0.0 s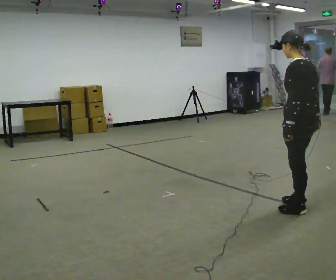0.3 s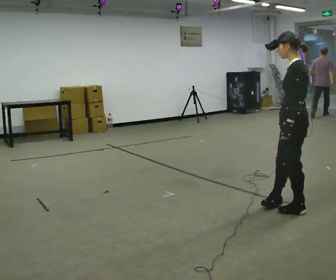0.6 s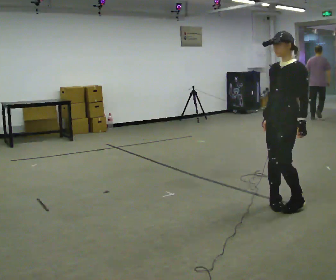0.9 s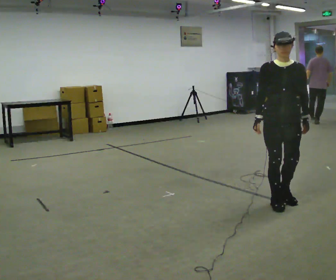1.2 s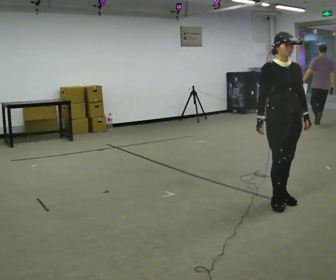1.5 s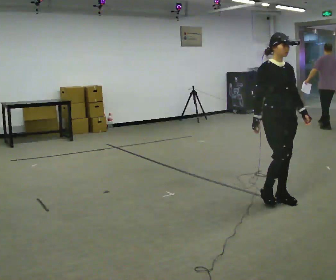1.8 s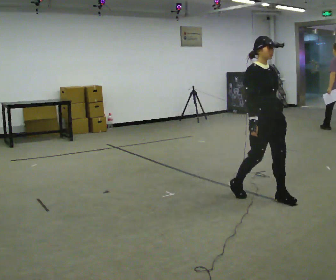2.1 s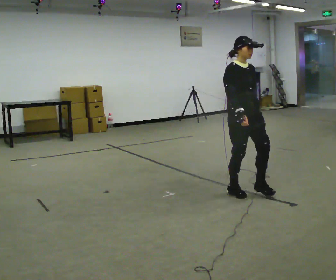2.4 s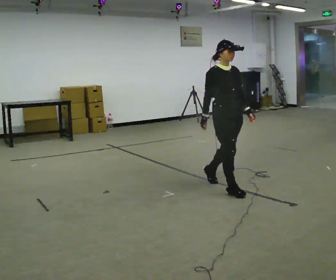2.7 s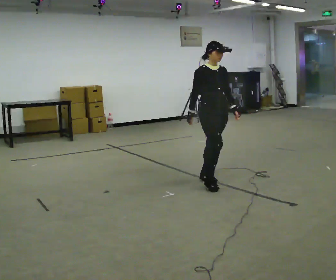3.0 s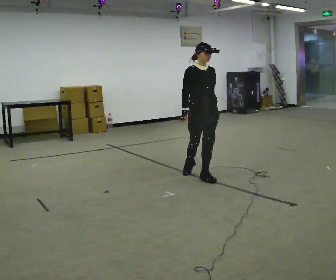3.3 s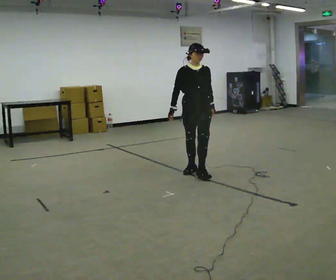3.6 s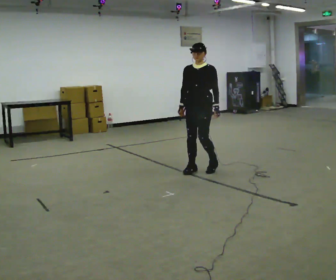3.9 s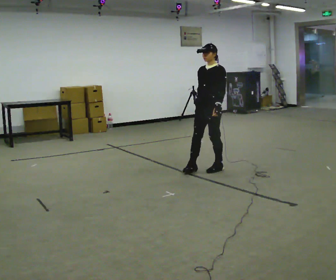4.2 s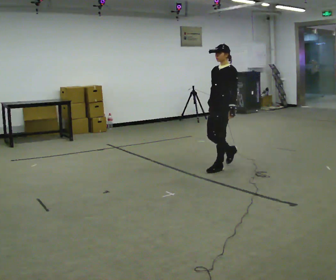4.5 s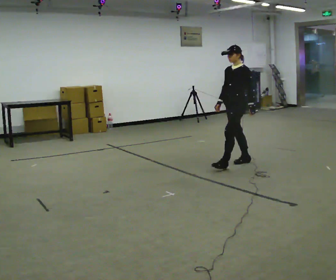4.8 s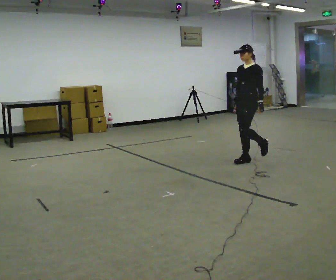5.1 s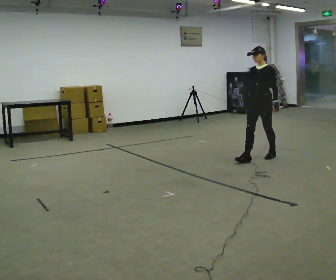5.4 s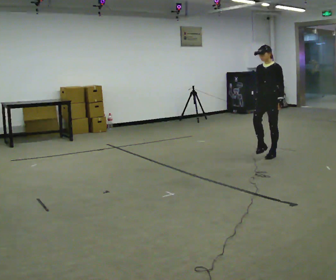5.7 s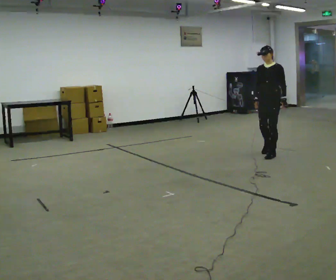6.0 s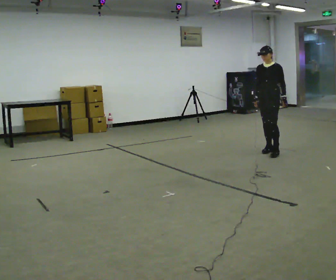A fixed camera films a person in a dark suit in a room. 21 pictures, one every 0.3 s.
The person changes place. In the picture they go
away from the camera.
0.0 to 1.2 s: The person turns about 150 degrees to their left, counterclockwise seen from above, so the part of the body nearest the lens slides to the right. In the picture they go away from the camera and to the left, about 0.25 m in 1 step.
1.2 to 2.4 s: In the picture they go away from the camera and to the left, about 0.75 m in 2 steps, which for them is backward.
2.4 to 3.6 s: The person turns about 60 degrees to their right, clockwise seen from above, so the part of the body nearest the lens slides to the left. In the picture they go away from the camera, about 1 m in 2 steps, which for them is backward.
3.6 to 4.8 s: The part of the body nearest the lens slides to the left as the person turns to their right by about 30 degrees. In the picture they go to the right and away from the camera, about 1 m in 2 steps, which for them is backward.
4.8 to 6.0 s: In the picture they go away from the camera and to the right, about 0.5 m in 2 steps, which for them is backward.
The film runs backward here.
